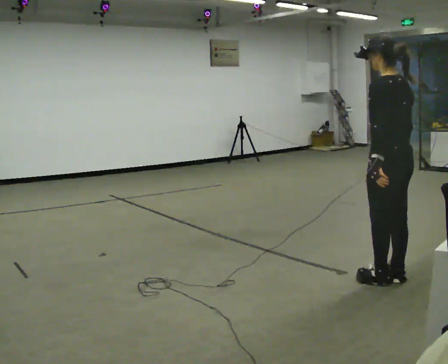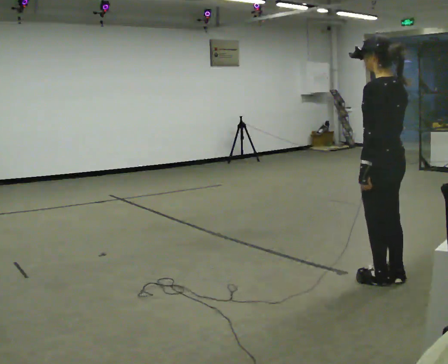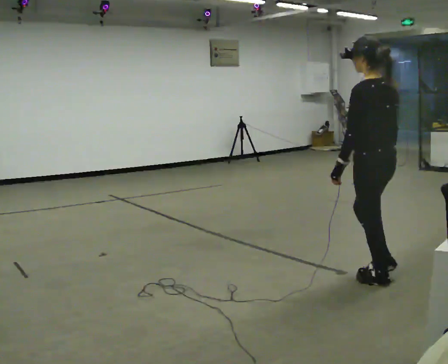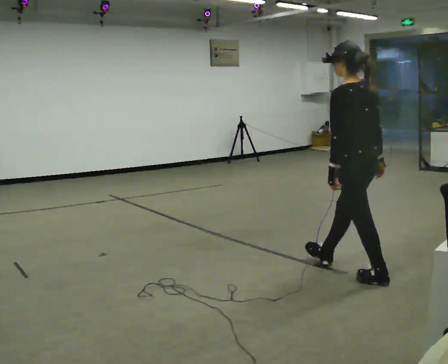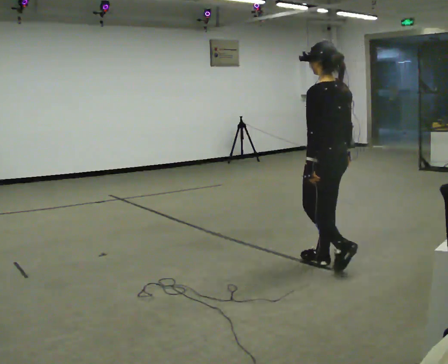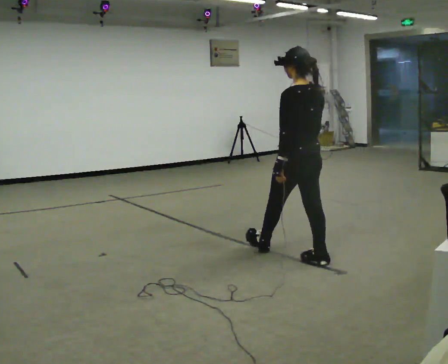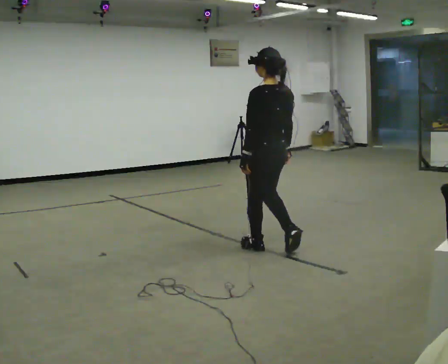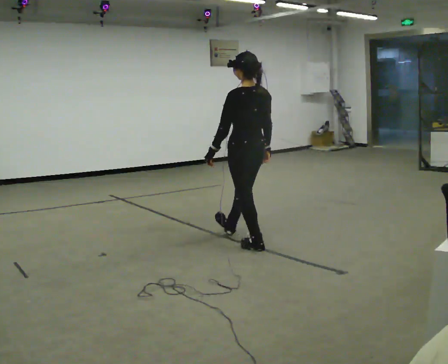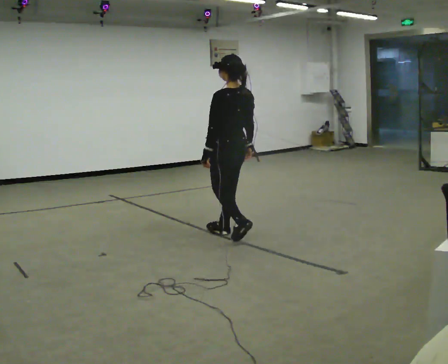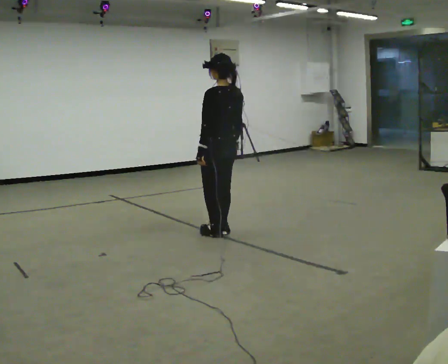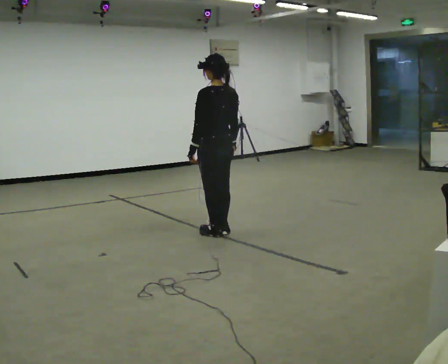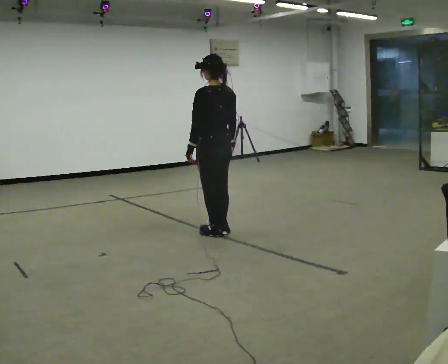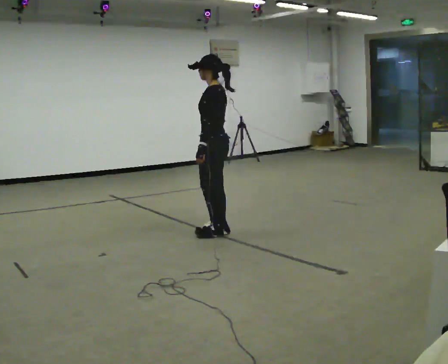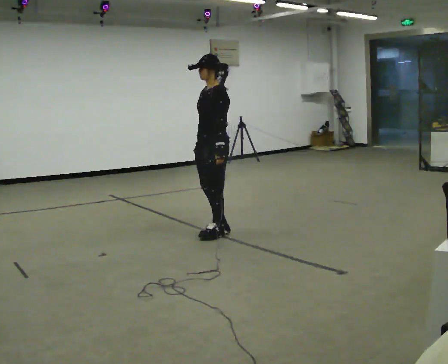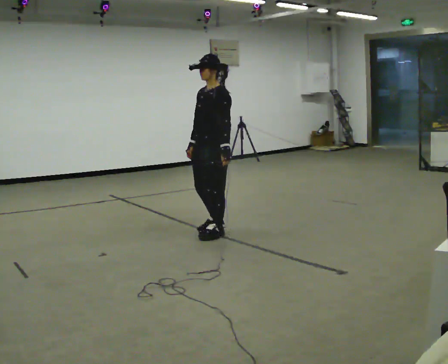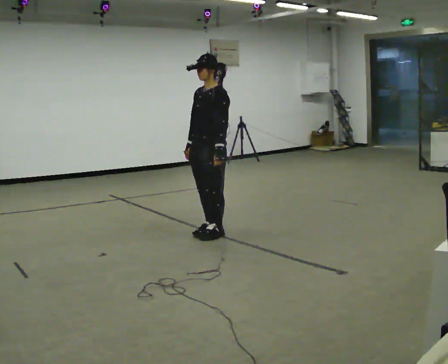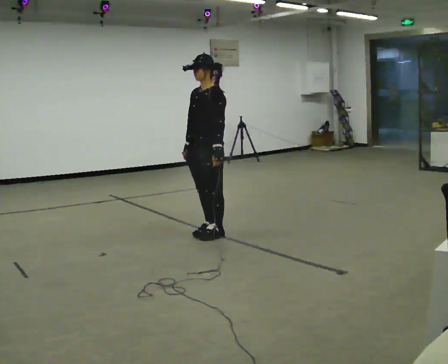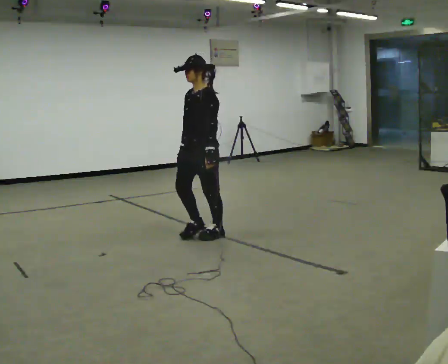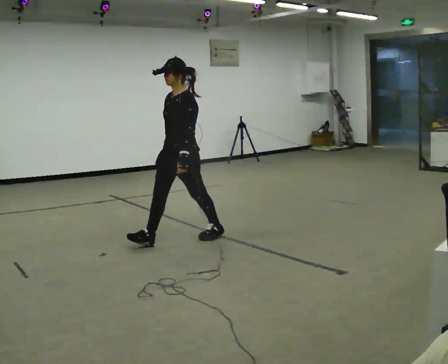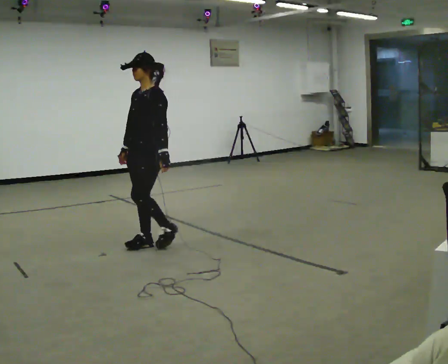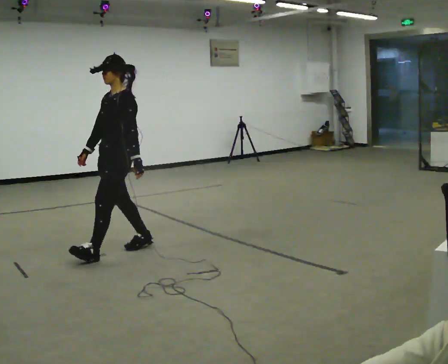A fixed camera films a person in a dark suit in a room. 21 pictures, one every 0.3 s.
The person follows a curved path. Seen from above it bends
counterclockwise.
The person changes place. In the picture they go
to the left.
0.0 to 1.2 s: In the picture they go away from the camera and to the left, about 0.5 m in 1 step, which for them is forward.
1.2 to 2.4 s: In the picture they go away from the camera and to the left, about 1 m in 2 steps, which for them is forward.
2.4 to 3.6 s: The person turns about 45 degrees to their left, counterclockwise seen from above, so the part of the body nearest the lens slides to the right.
3.6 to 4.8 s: The person turns about 45 degrees to their left, counterclockwise seen from above, so the part of the body nearest the lens slides to the right.
4.8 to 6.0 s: In the picture they go to the left and toward the camera, about 1 m in 2 steps, which for them is forward.
The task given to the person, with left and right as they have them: Walk; stop fully; turn 90° left/right while standing; walk new direction.
The film runs forward here.
